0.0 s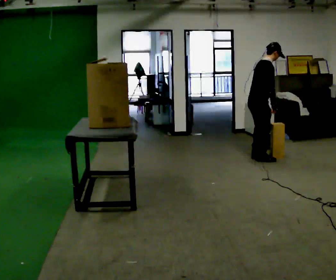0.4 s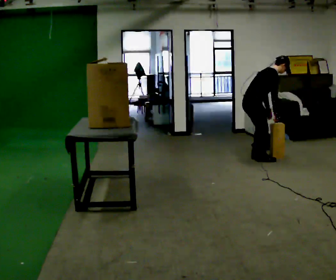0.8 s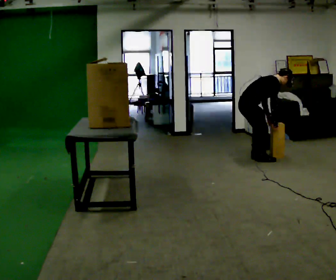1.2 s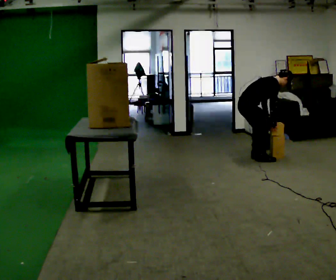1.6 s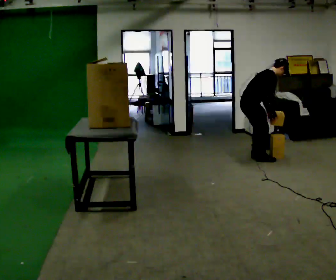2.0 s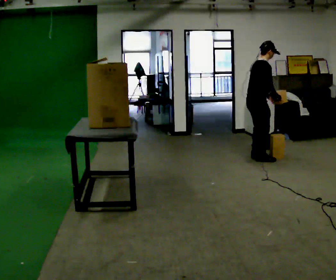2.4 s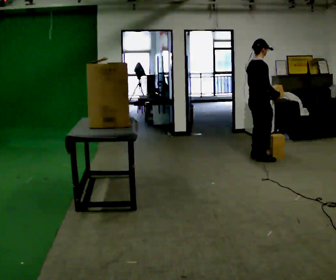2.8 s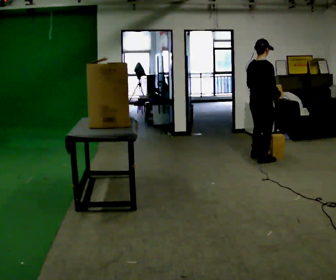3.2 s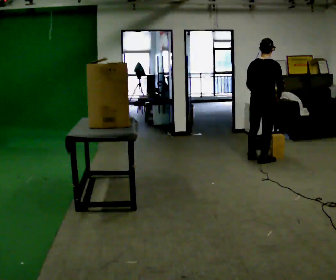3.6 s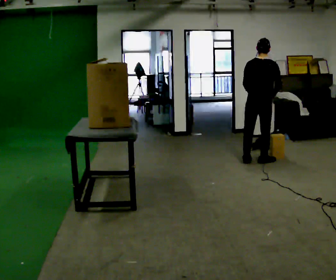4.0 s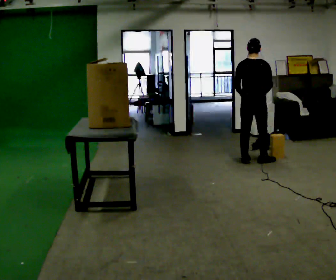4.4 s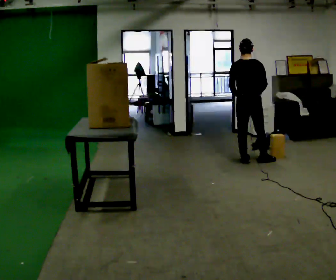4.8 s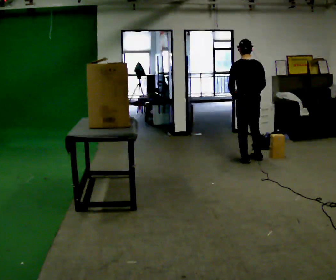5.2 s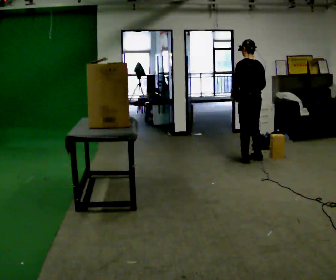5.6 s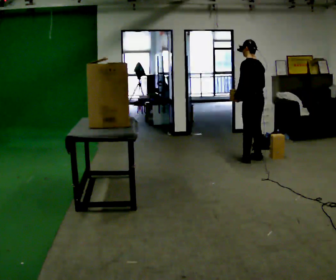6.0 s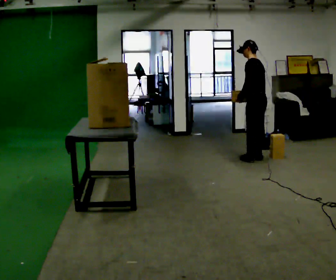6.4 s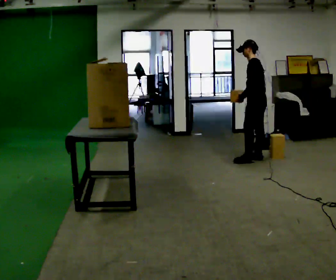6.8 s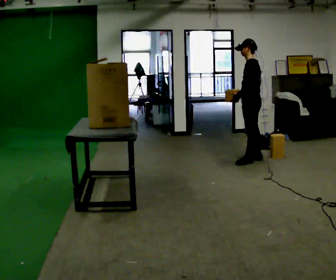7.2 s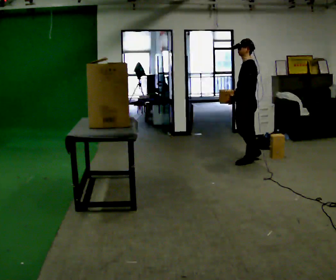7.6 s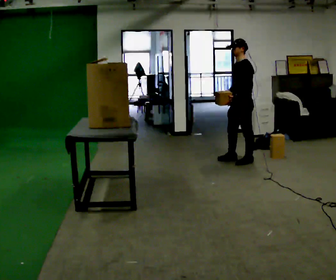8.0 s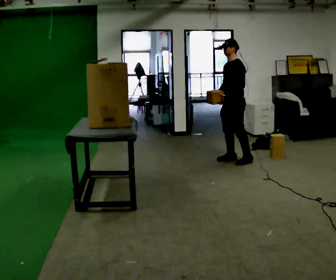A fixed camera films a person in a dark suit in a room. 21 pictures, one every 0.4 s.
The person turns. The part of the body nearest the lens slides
to the right.
The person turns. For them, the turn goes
to their left.
0.0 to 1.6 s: The person moves a little, or ends about where they began.
1.6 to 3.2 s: The part of the body nearest the lens slides to the right as the person turns to their left by about 60 degrees. In the picture they go to the right and toward the camera, about 0.25 m, which for them is to their right.
3.2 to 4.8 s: The part of the body nearest the lens slides to the right as the person turns to their left by about 45 degrees. In the picture they go to the left, about 0.25 m in 2 steps, which for them is to their left. In the picture their right hand goes to the left.
4.8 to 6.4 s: The person turns about 60 degrees to their left, counterclockwise seen from above, so the part of the body nearest the lens slides to the right.
6.4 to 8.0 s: Seen from above the body turns counterclockwise, about 45 degrees: to their left, with its near side sliding to the right. In the picture they go to the left, about 0.25 m in 1 step, which for them is forward.
The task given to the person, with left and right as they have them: Pick an object up off the floor, carry it across the room, and place it on the highest shelf you can comfortably reach. Keep going until the operator says stop; one object at a time, and do not rush between trips.
The film runs forward here.
